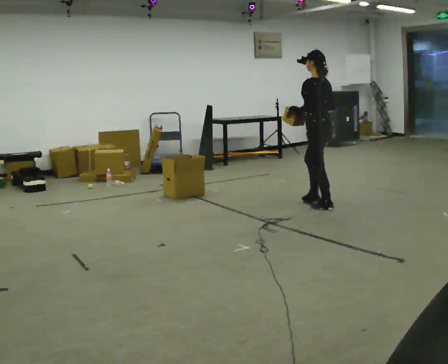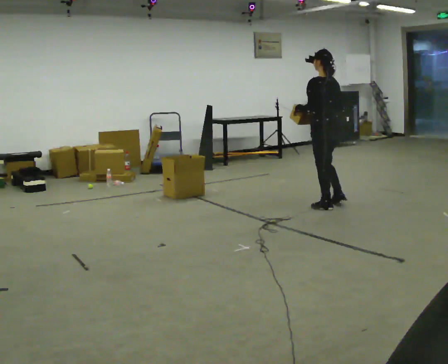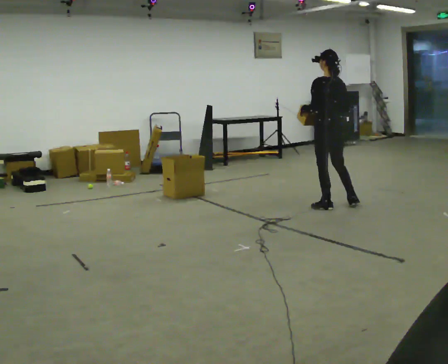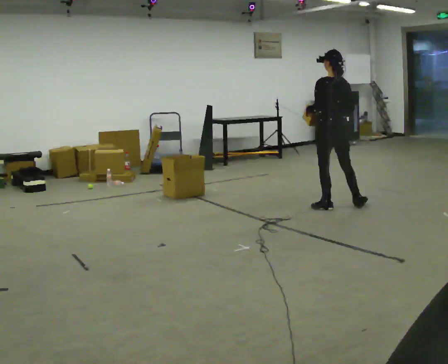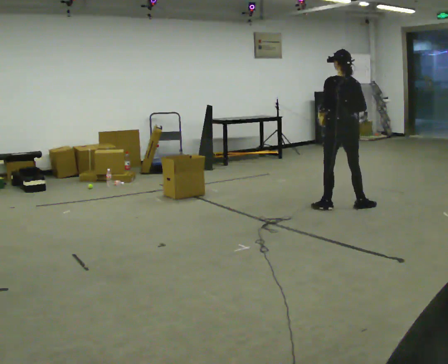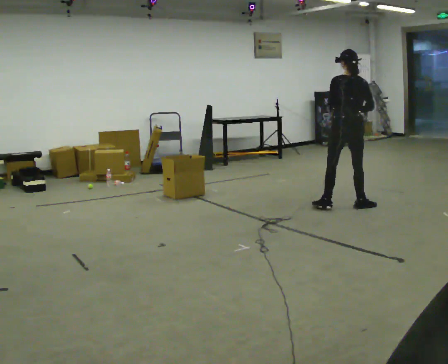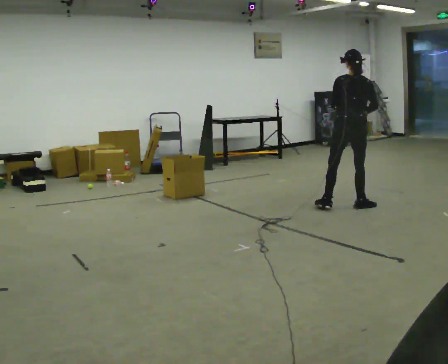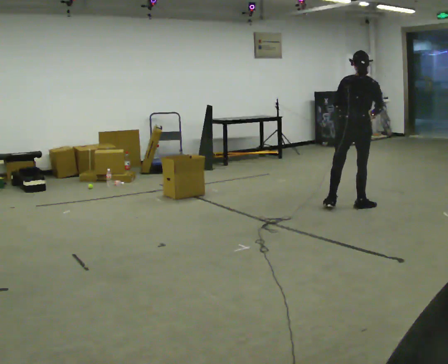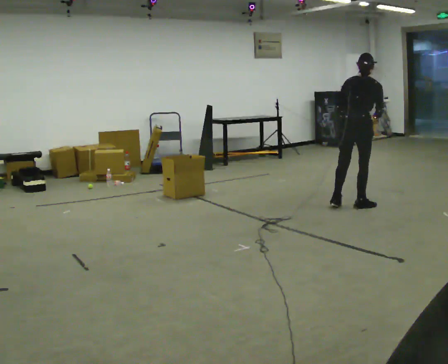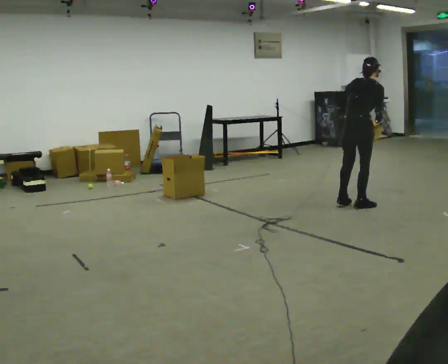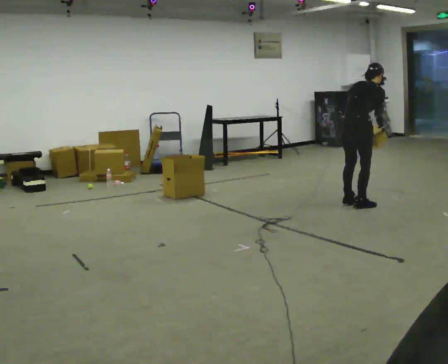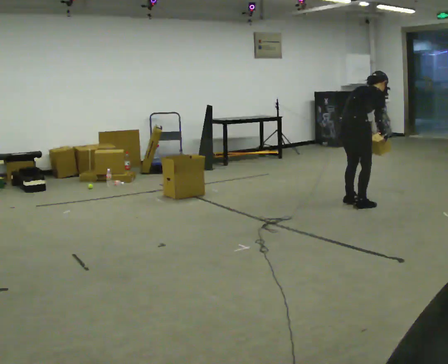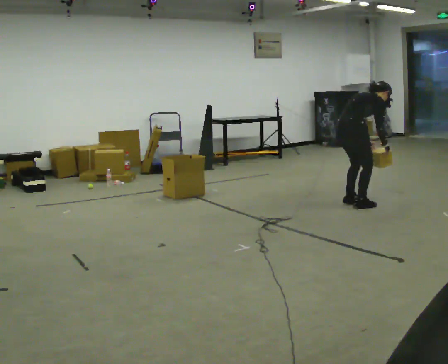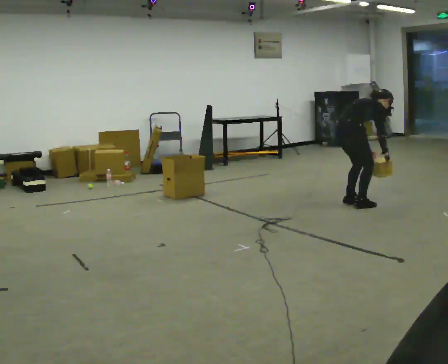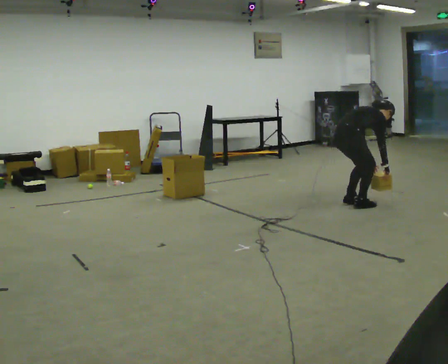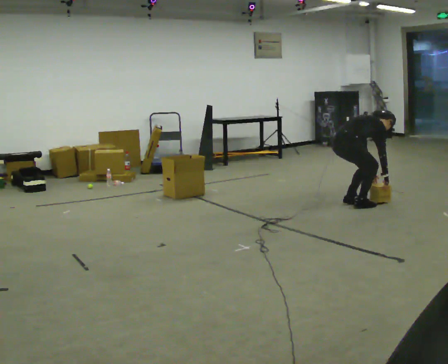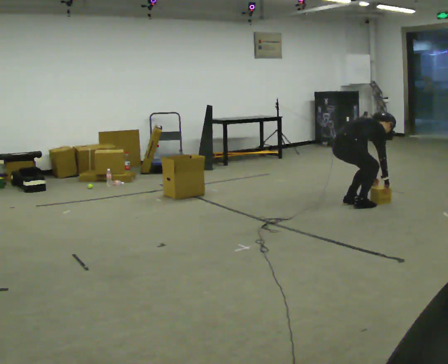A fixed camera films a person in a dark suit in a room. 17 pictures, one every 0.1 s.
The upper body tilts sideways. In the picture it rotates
clockwise.
The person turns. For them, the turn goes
to their right.
0.0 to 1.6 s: Seen from above the body turns clockwise, about 120 degrees: to their right, with its near side sliding to the left. In the picture they go to the right, about 0.25 m in 1 step. The shoulders move downward. In the picture the upper body tilts clockwise, shoulders to the right, as they bend forward. In the picture their right hand goes downward.
The film runs backward here.
